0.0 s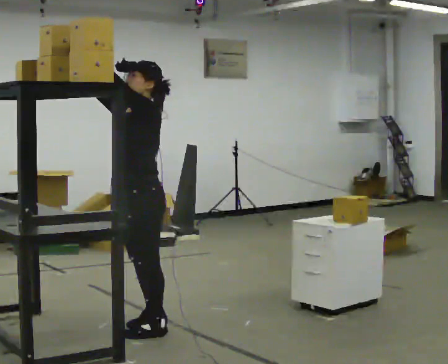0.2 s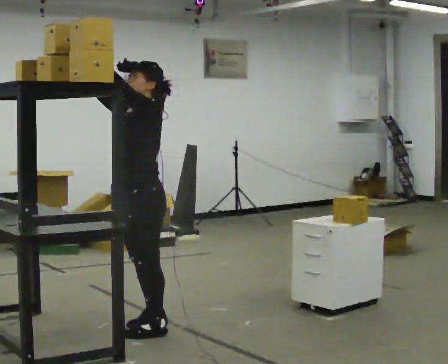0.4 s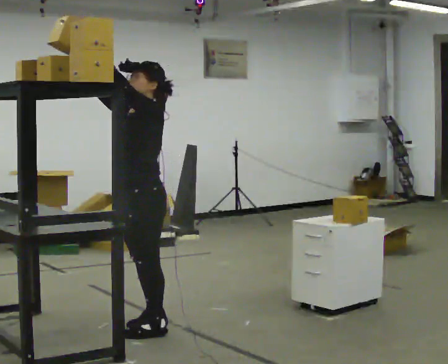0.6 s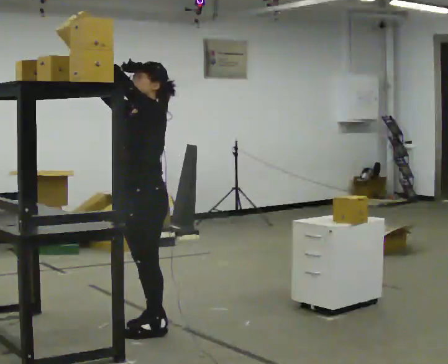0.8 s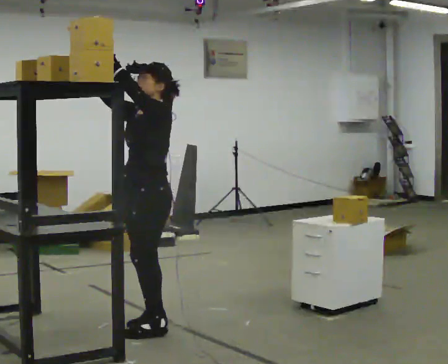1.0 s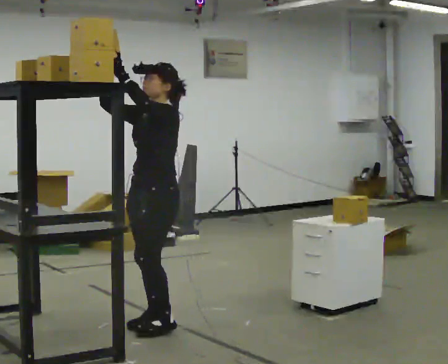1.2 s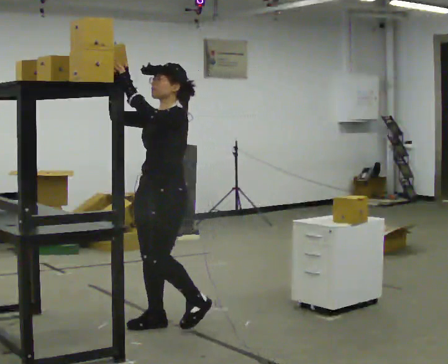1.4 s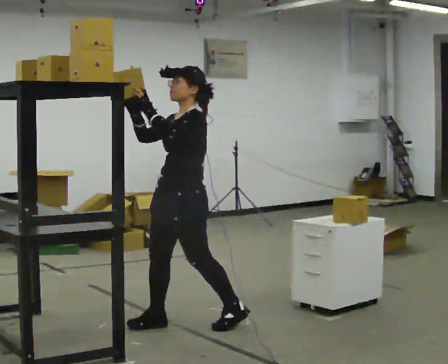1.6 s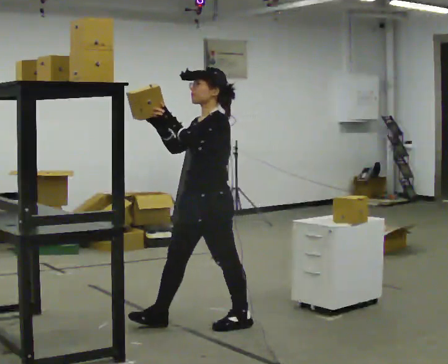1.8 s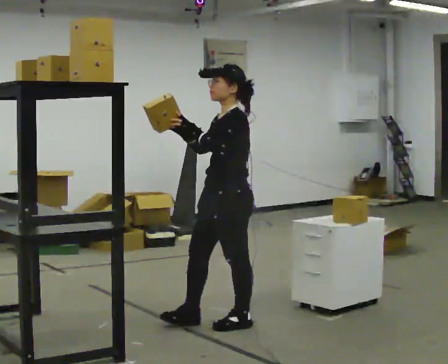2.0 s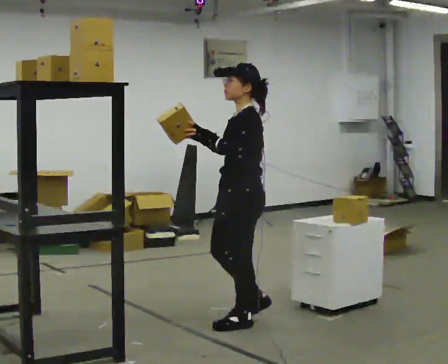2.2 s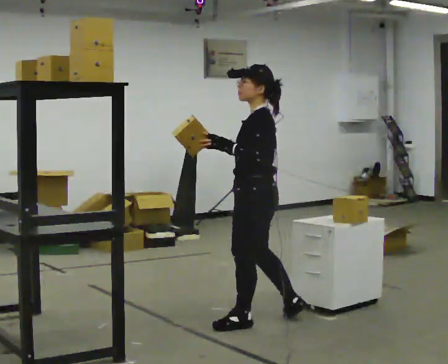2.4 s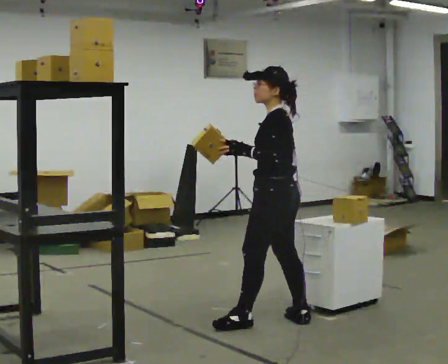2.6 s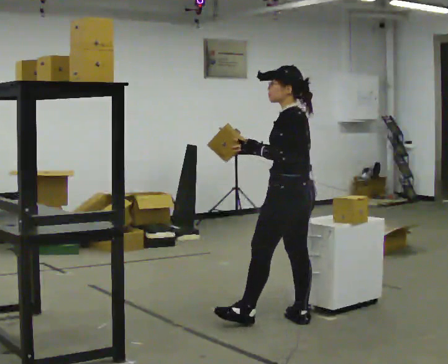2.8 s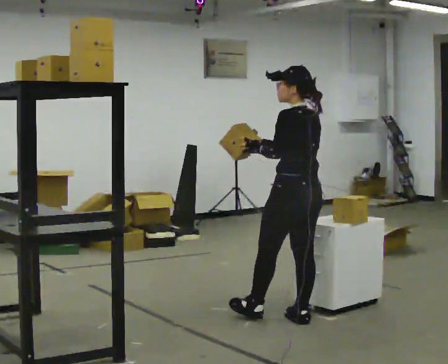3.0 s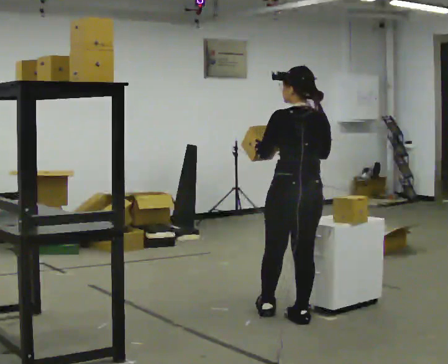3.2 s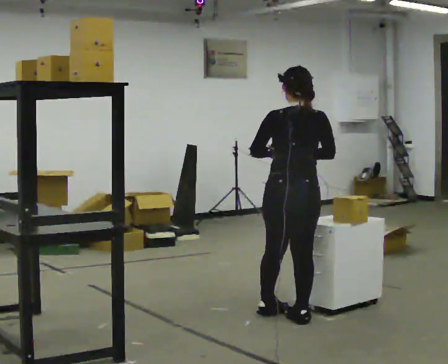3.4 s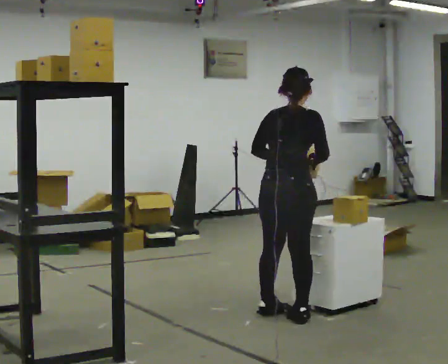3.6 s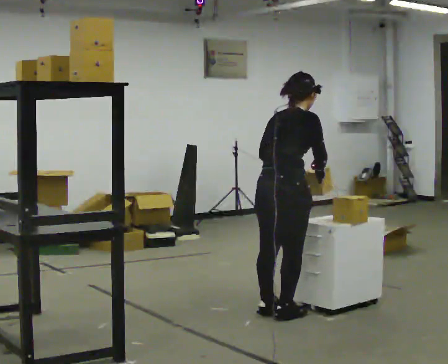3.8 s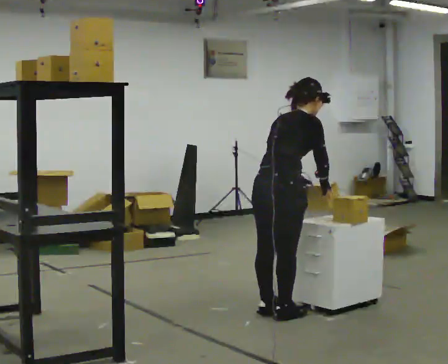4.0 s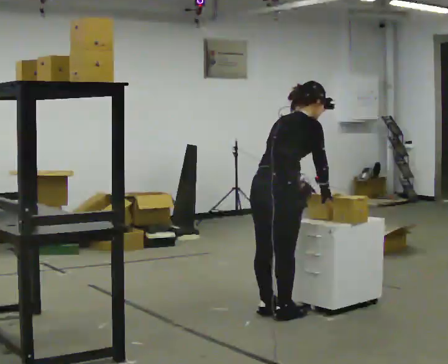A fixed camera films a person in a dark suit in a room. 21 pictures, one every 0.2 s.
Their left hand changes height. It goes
downward.
The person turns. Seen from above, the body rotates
clockwise.
0.0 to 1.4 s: In the picture they go to the right, about 0.25 m in 1 step, which for them is backward.
1.4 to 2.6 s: The person turns about 60 degrees to their right, clockwise seen from above, so the part of the body nearest the lens slides to the left. In the picture they go to the right, about 0.75 m in 2 steps, which for them is backward.
2.6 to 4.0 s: Seen from above the body turns clockwise, about 120 degrees: to their right, with its near side sliding to the left. In the picture the upper body tilts clockwise, shoulders to the right, as they bend forward. In the picture their right hand goes to the right.
The film runs backward here.
